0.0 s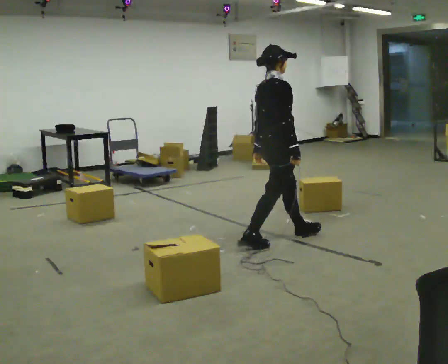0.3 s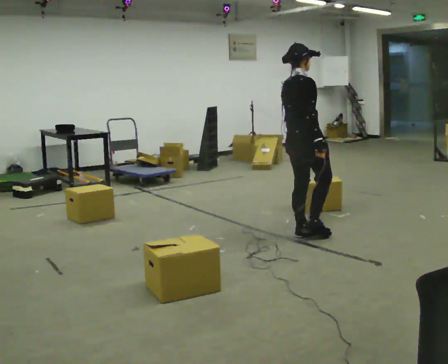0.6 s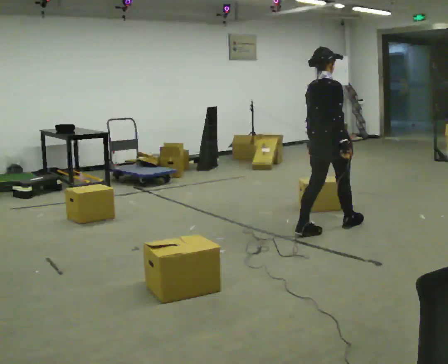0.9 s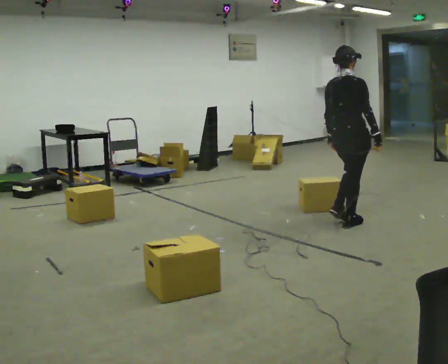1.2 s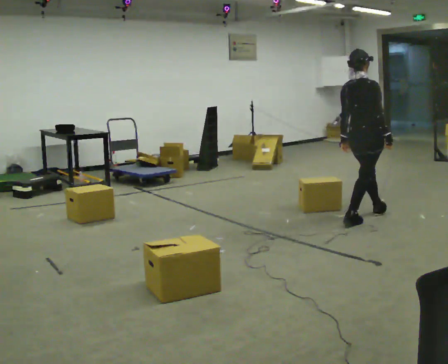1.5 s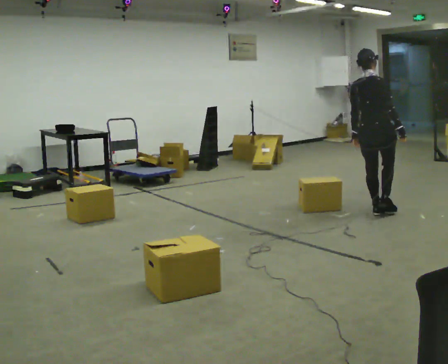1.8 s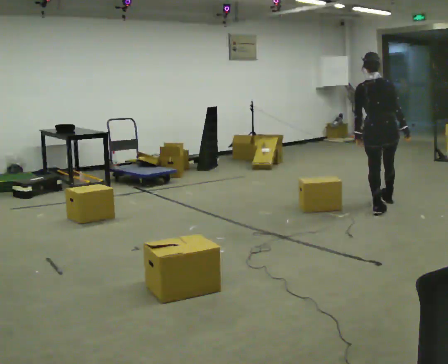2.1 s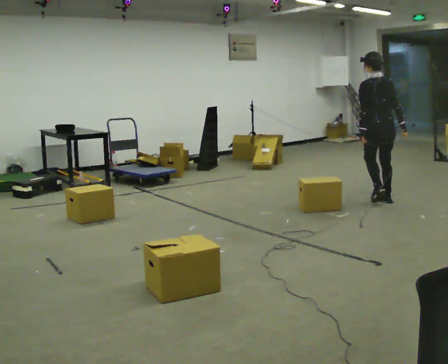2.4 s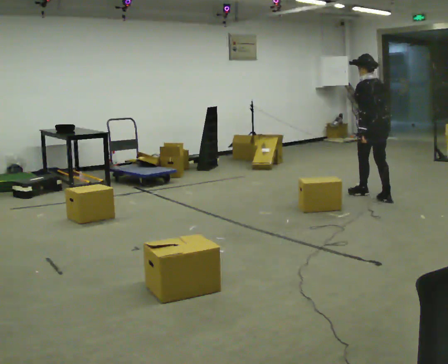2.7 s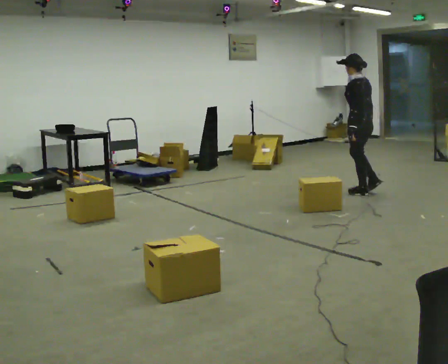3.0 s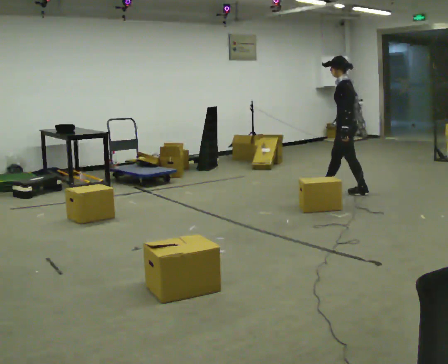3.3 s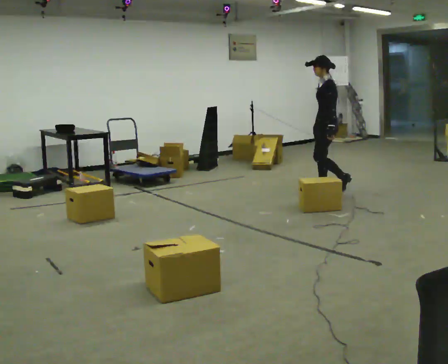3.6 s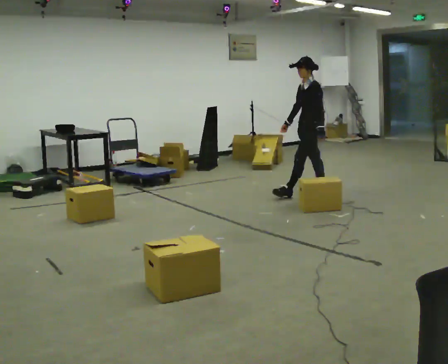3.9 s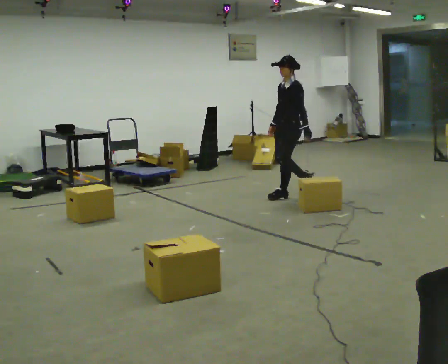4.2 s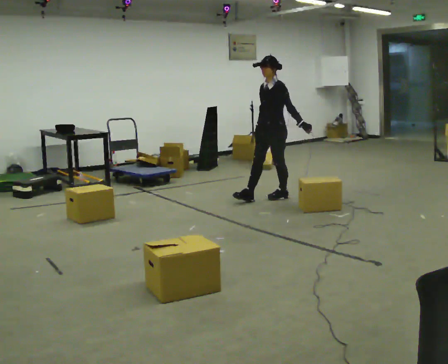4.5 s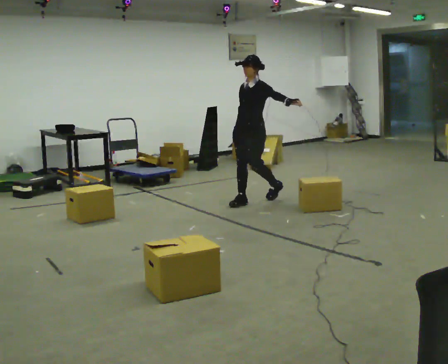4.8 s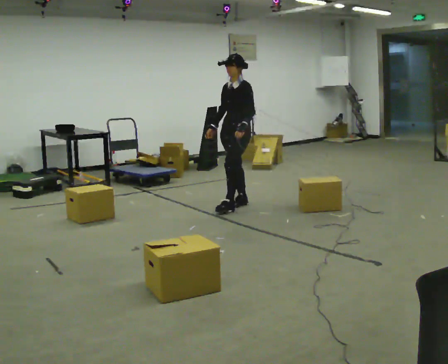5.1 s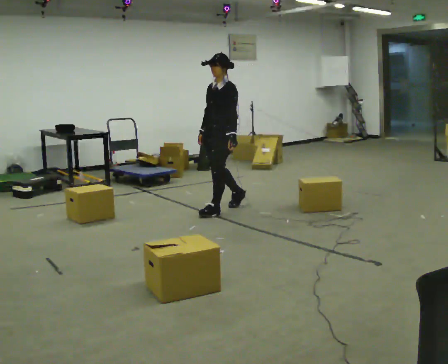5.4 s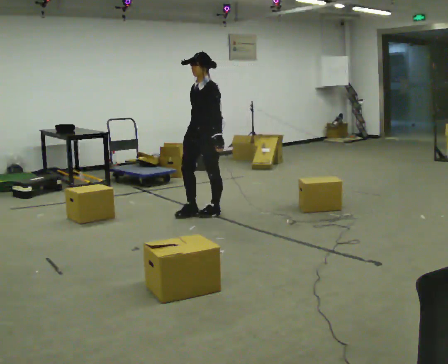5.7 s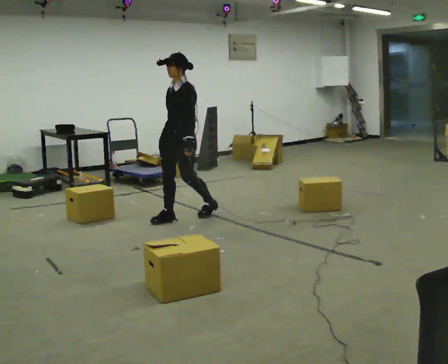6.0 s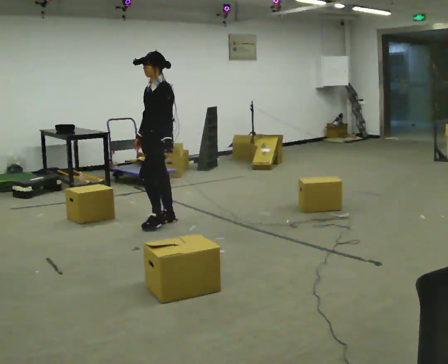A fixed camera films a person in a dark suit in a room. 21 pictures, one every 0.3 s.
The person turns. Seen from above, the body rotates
counterclockwise.
The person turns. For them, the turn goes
to their left.
0.0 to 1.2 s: In the picture they go to the right and away from the camera, about 1 m in 2 steps, which for them is forward.
1.2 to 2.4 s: The part of the body nearest the lens slides to the right as the person turns to their left by about 75 degrees. In the picture they go away from the camera, about 1 m in 2 steps.
2.4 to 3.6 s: The part of the body nearest the lens slides to the right as the person turns to their left by about 75 degrees. In the picture they go to the left, about 1 m in 1 step.
3.6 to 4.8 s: Seen from above the body turns counterclockwise, about 30 degrees: to their left, with its near side sliding to the right. In the picture they go to the left and toward the camera, about 1 m in 2 steps, which for them is forward.
4.8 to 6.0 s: In the picture they go toward the camera and to the left, about 1 m in 2 steps, which for them is forward.
The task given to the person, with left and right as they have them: Start at marker; visit targets in order; choose natural paths; avoid obstacles; stop at final target.
The film runs forward here.
